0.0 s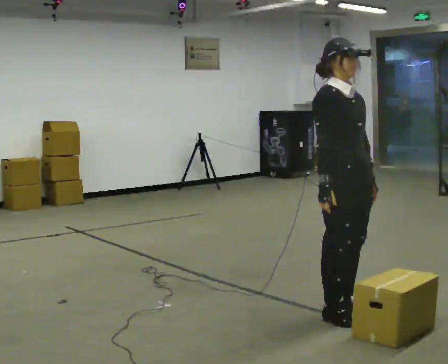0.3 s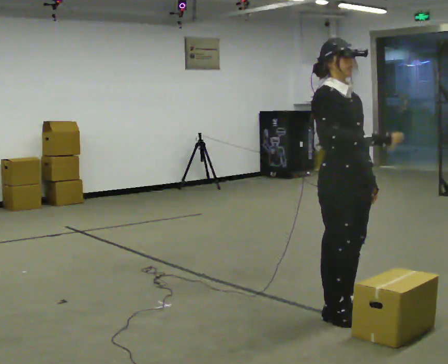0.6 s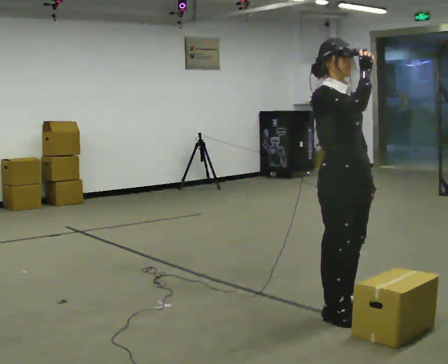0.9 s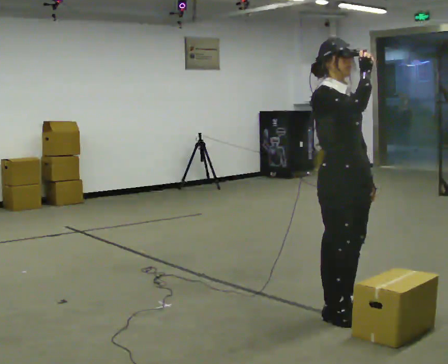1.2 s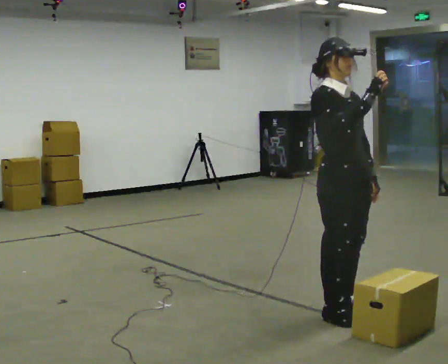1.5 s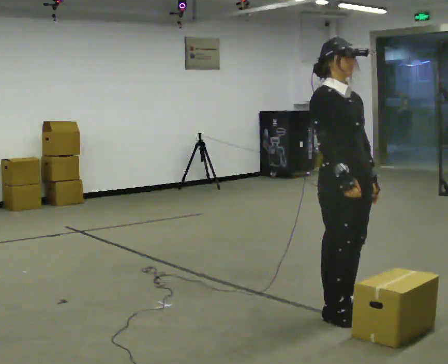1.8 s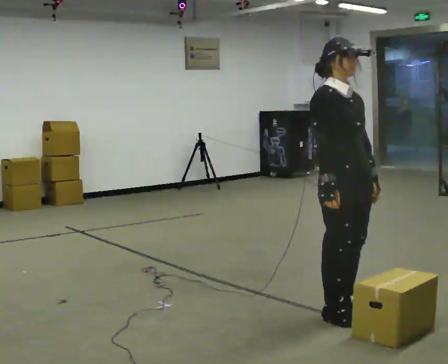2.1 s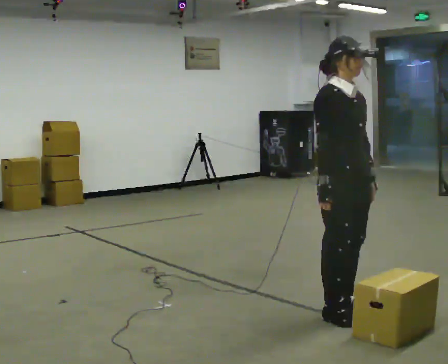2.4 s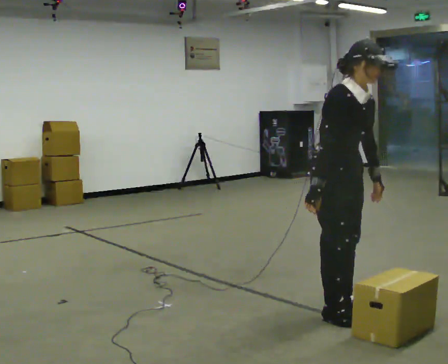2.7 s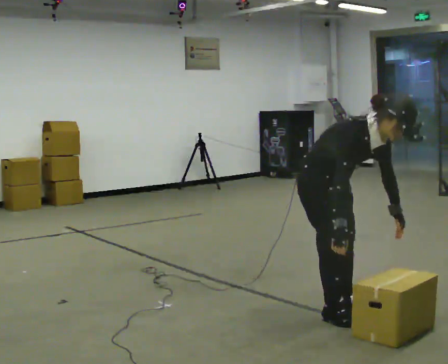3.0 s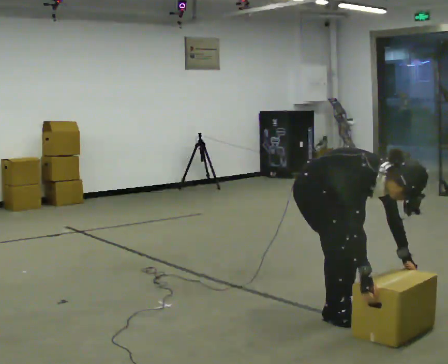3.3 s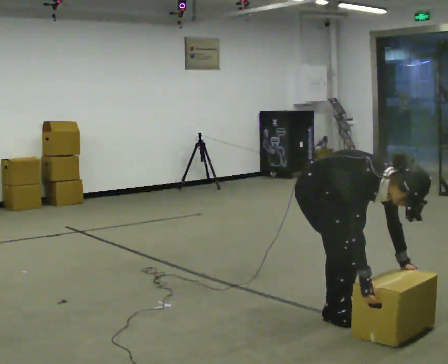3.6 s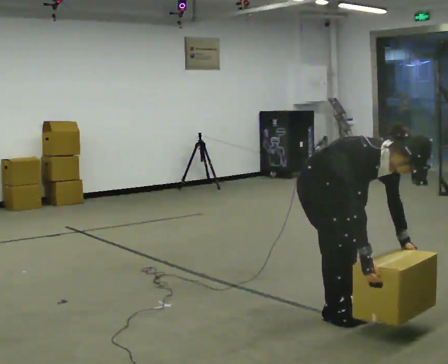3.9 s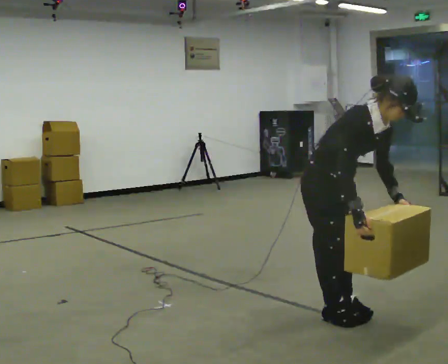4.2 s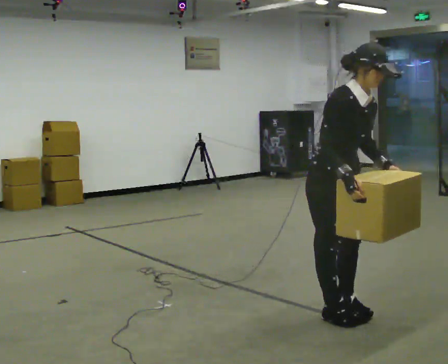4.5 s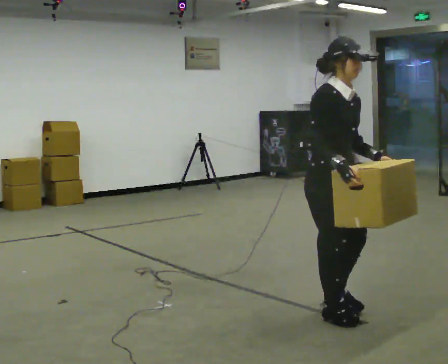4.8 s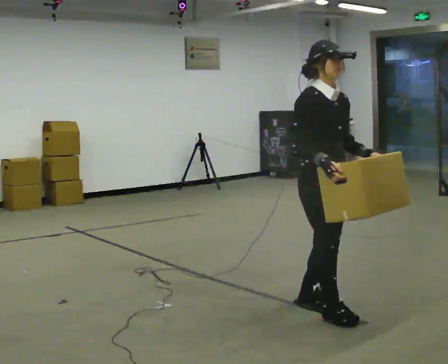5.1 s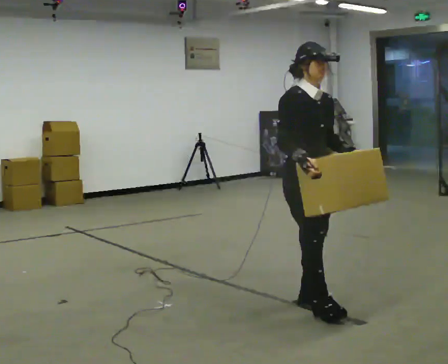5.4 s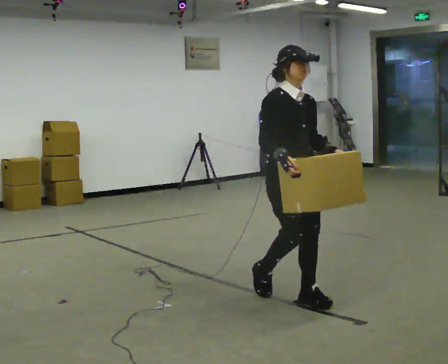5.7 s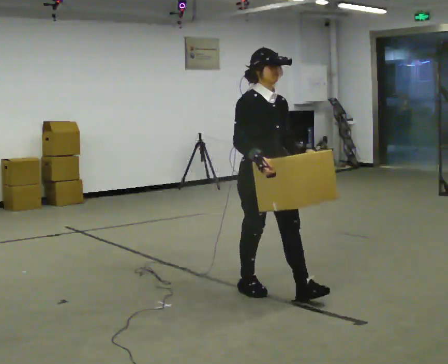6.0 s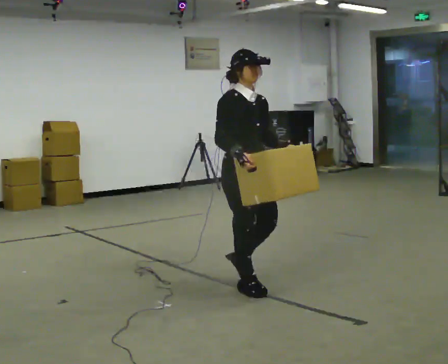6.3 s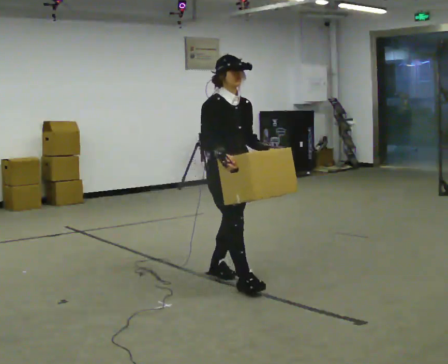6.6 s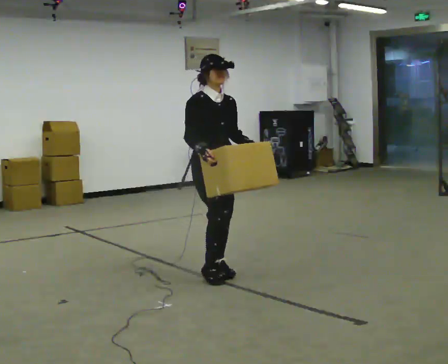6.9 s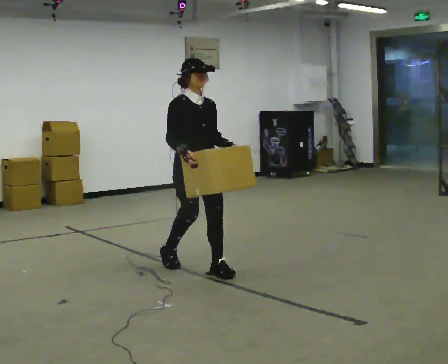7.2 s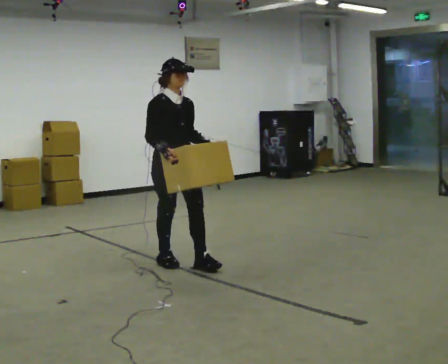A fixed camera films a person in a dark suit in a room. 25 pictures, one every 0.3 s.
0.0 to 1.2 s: In the picture their right hand goes upward.
1.2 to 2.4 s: In the picture the upper body tilts clockwise, shoulders to the right, as they bend forward. In the picture their right hand goes downward.
2.4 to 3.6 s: In the picture the upper body tilts clockwise, shoulders to the right, as they bend forward. In the picture their right hand goes downward.
3.6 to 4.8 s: The shoulders move upward. In the picture the upper body tilts counterclockwise, shoulders to the left, as they lean back or straighten. In the picture their left hand goes upward.
4.8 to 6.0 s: In the picture they go to the left and away from the camera, about 0.75 m in 2 steps, which for them is backward.
6.0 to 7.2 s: In the picture they go to the left and away from the camera, about 1 m in 2 steps, which for them is backward.
The film runs backward here.
